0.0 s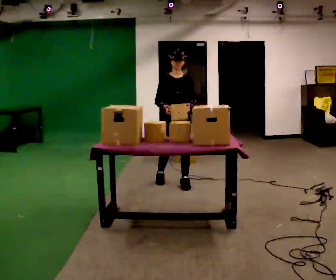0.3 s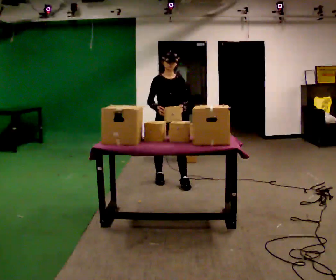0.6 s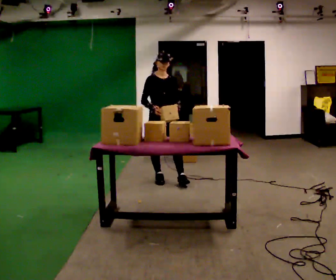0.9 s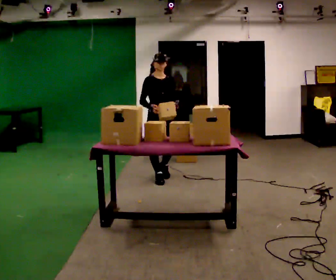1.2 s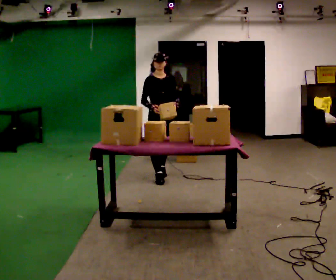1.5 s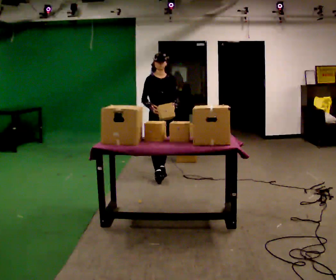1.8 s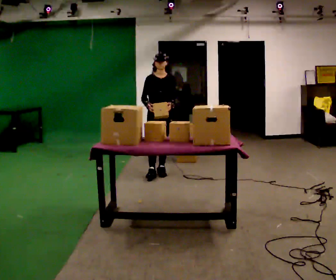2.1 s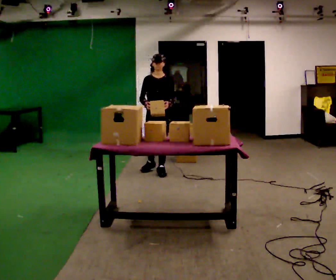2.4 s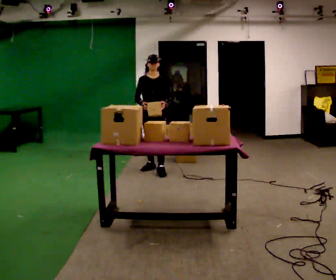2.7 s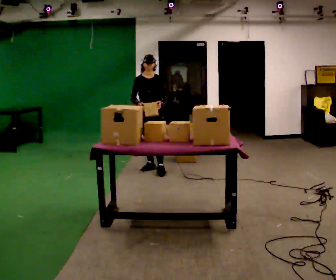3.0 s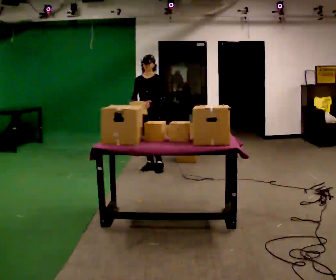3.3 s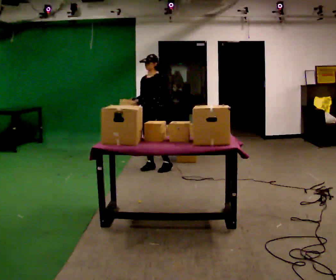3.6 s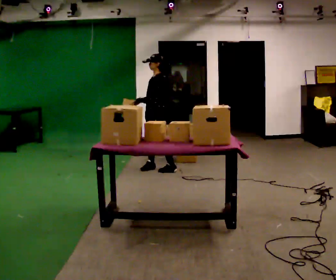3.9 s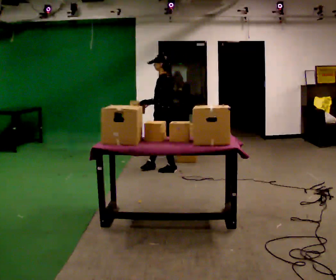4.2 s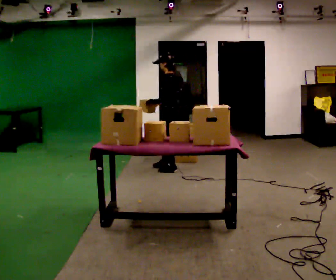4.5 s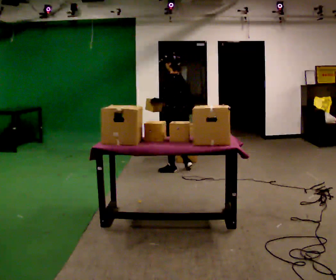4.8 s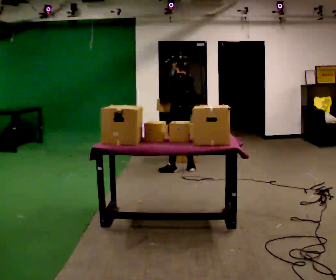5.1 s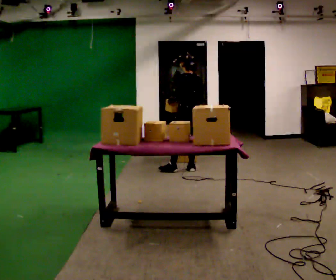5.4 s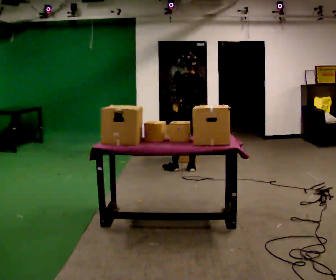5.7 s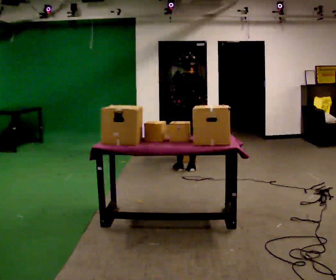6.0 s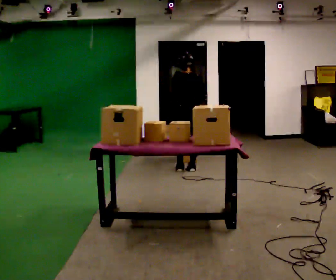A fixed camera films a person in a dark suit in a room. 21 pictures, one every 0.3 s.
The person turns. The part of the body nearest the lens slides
to the left.
The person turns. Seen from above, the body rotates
clockwise.
0.0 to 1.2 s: In the picture they go away from the camera and to the left, about 0.5 m in 1 step, which for them is backward.
1.2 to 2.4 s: In the picture they go away from the camera, about 0.25 m in 1 step, which for them is backward.
2.4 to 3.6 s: The person turns about 75 degrees to their right, clockwise seen from above, so the part of the body nearest the lens slides to the left. In the picture their left hand goes to the left, the arm swinging clockwise.
3.6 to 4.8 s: The part of the body nearest the lens slides to the left as the person turns to their right by about 60 degrees. In the picture they go to the right, about 0.25 m in 1 step, which for them is backward.
4.8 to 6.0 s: The part of the body nearest the lens slides to the left as the person turns to their right by about 45 degrees.
The film runs backward here.
